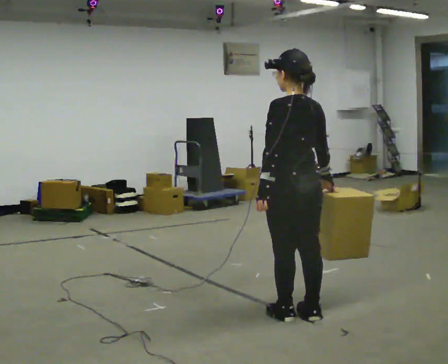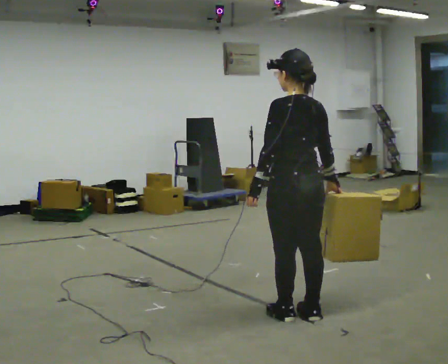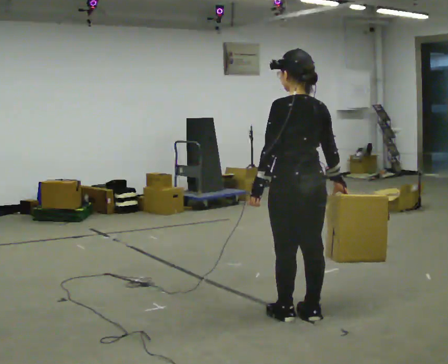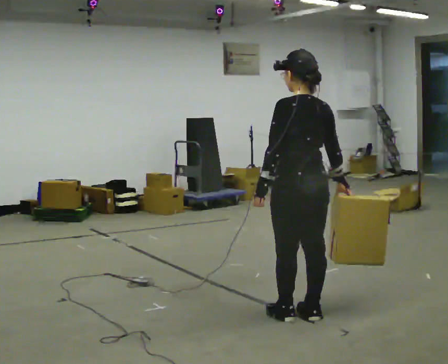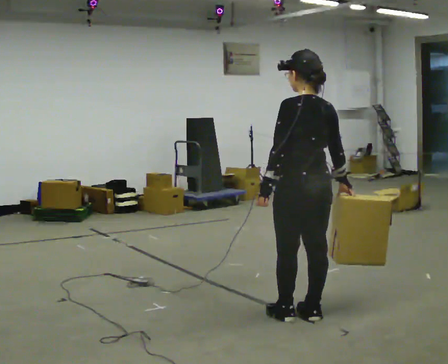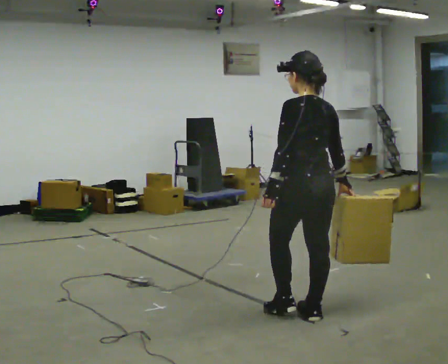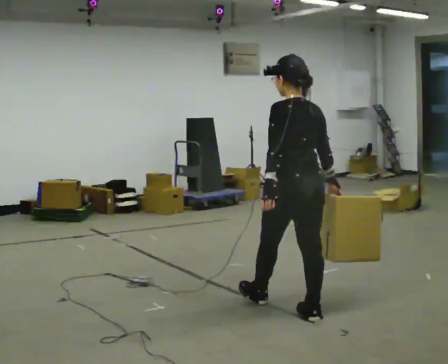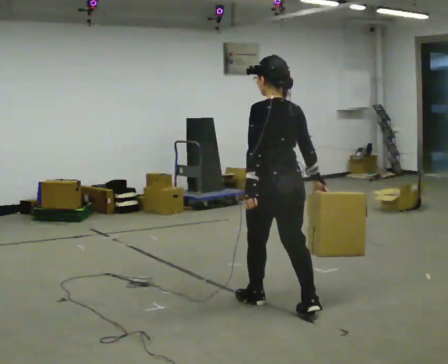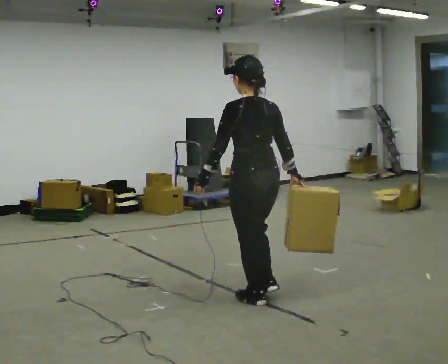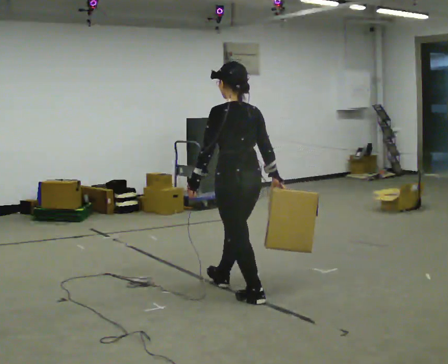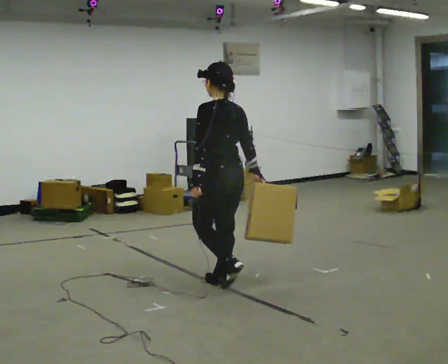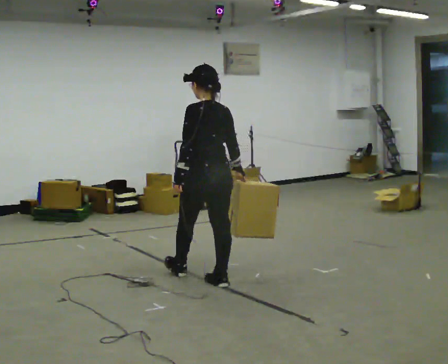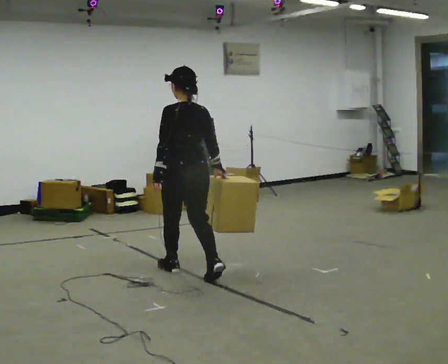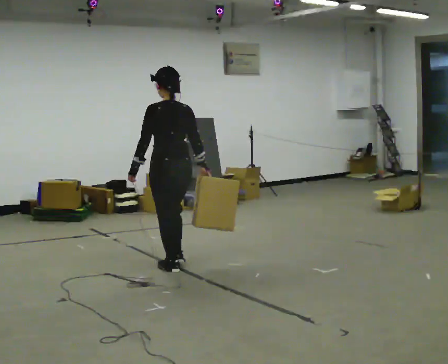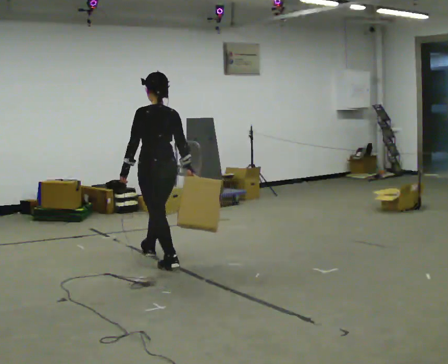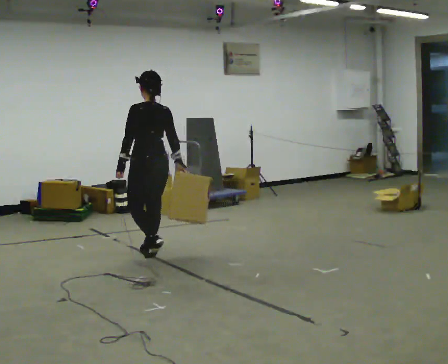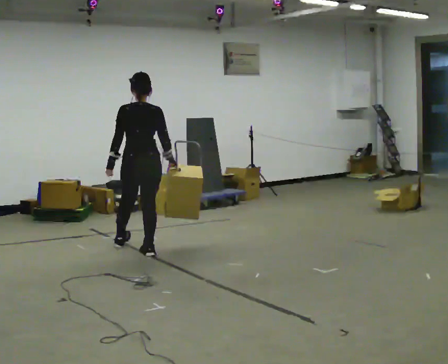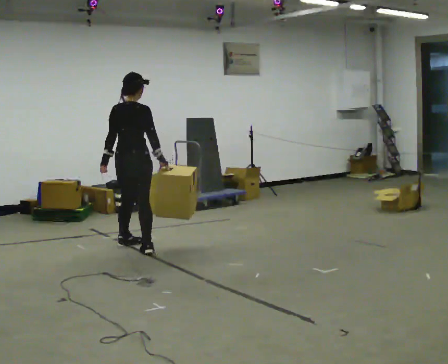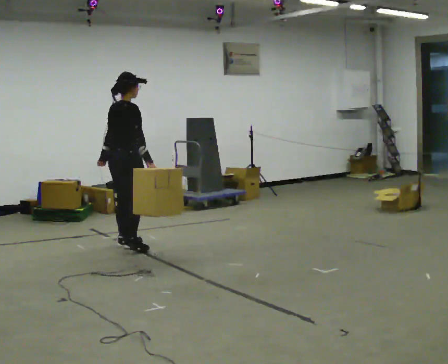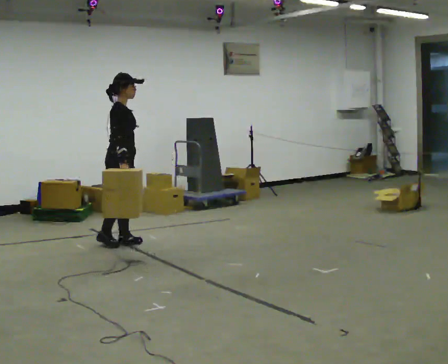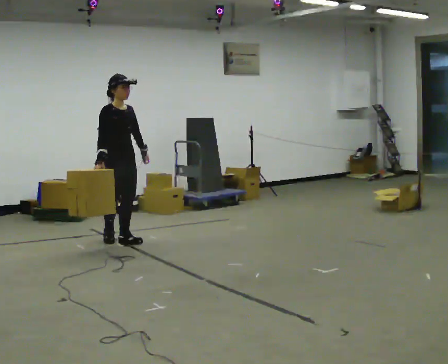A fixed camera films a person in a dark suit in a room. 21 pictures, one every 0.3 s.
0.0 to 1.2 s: The person moves a little, or ends about where they began.
1.2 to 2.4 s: In the picture they go to the left and away from the camera, about 0.5 m in 1 step, which for them is forward.
2.4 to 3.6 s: In the picture they go away from the camera and to the left, about 1 m in 2 steps, which for them is forward.
3.6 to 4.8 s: In the picture they go away from the camera and to the left, about 1 m in 1 step, which for them is forward.
4.8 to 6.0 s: Seen from above the body turns clockwise, about 135 degrees: to their right, with its near side sliding to the left. In the picture they go away from the camera and to the left, about 0.5 m in 2 steps.
The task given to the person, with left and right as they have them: Carry the box across the room, stopping and starting again each time the operator says stop and go. Do not set the box down.
The film runs forward here.
